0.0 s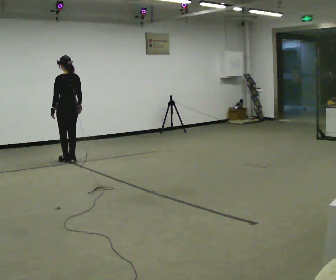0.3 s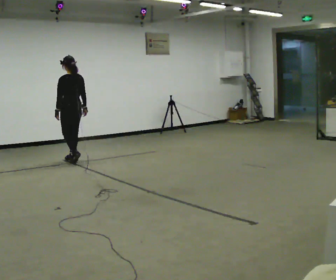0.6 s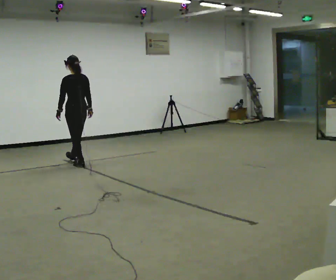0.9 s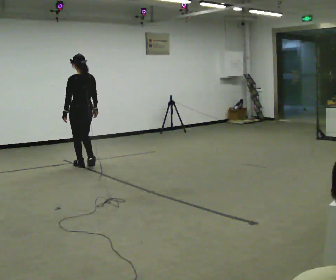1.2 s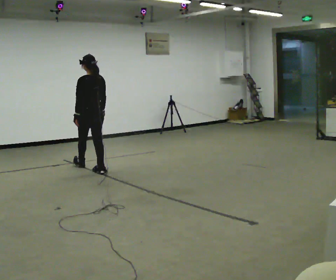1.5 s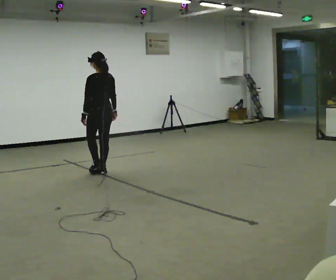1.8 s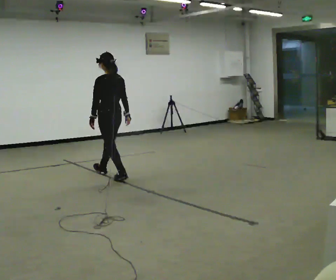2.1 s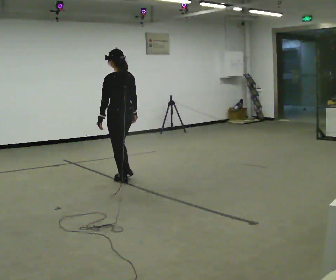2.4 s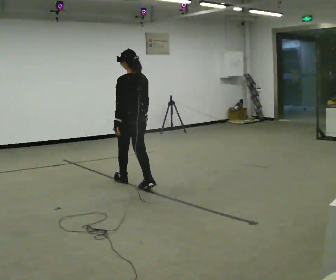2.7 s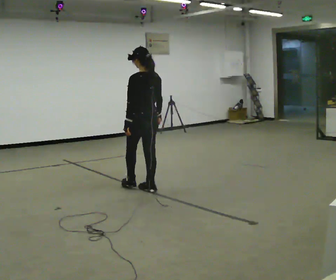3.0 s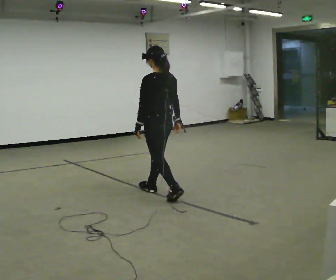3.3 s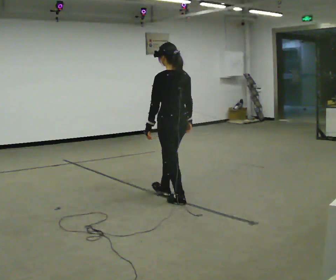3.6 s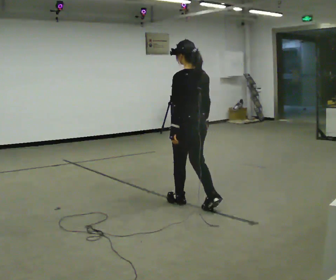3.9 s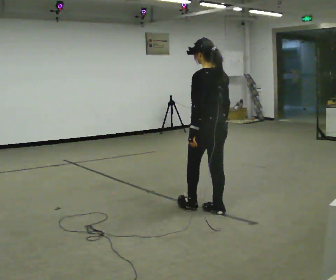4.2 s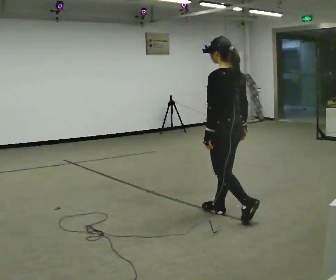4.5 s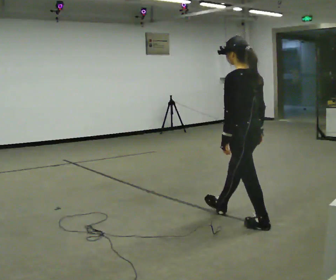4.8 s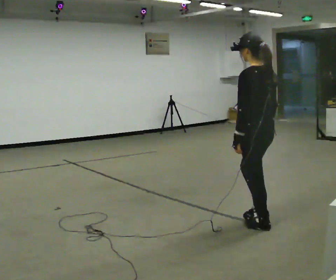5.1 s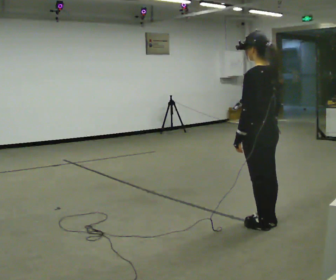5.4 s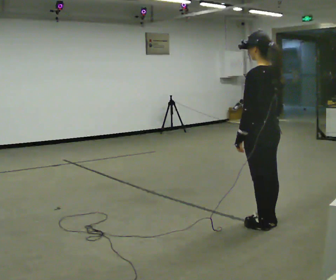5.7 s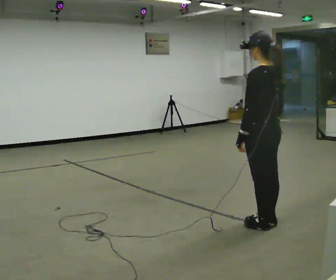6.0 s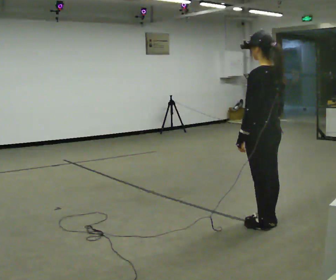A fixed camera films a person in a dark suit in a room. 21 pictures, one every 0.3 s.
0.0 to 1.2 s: In the picture they go toward the camera and to the right, about 1 m in 3 steps, which for them is backward.
1.2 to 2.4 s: In the picture they go toward the camera and to the right, about 1 m in 1 step, which for them is backward.
2.4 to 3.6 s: In the picture they go toward the camera and to the right, about 1 m in 2 steps, which for them is backward.
3.6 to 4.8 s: In the picture they go toward the camera and to the right, about 1 m in 2 steps, which for them is backward.
4.8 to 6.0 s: The person moves a little, or ends about where they began.
The film runs backward here.
